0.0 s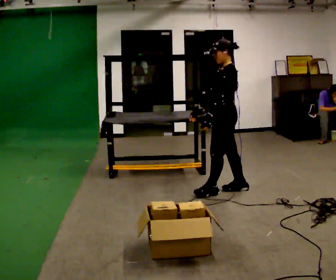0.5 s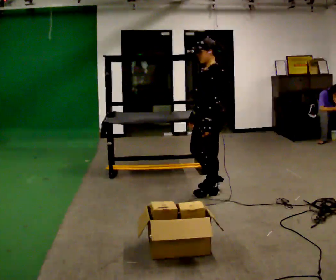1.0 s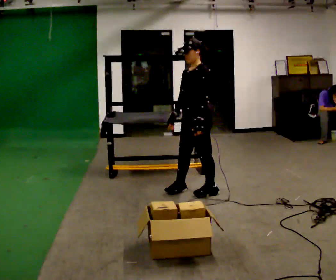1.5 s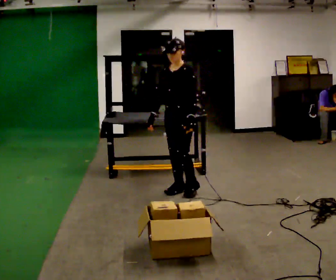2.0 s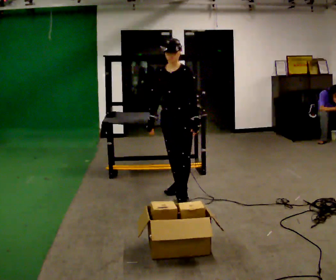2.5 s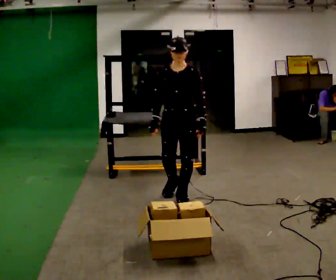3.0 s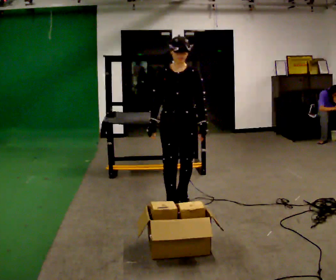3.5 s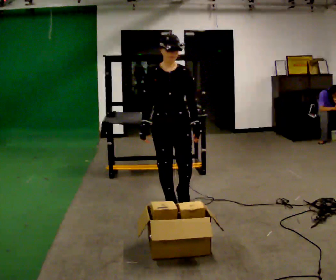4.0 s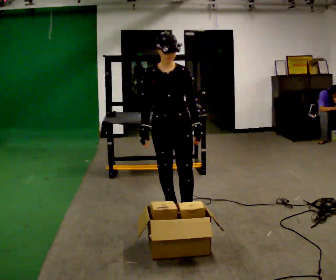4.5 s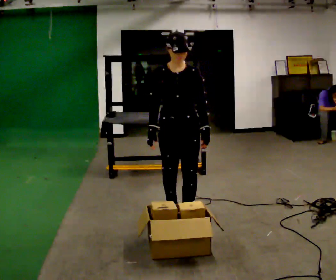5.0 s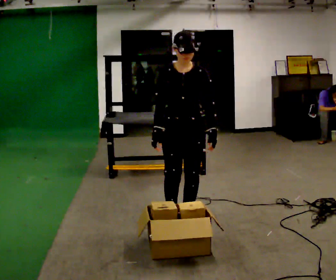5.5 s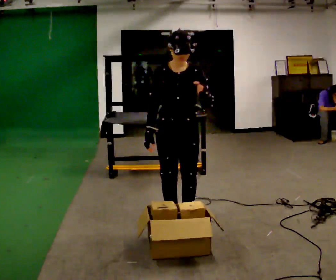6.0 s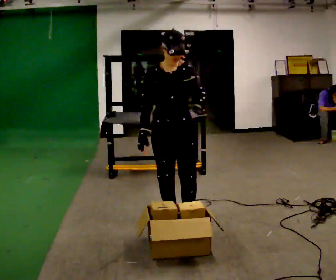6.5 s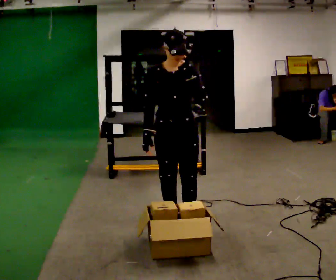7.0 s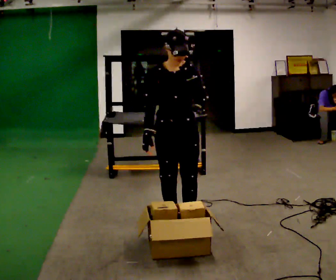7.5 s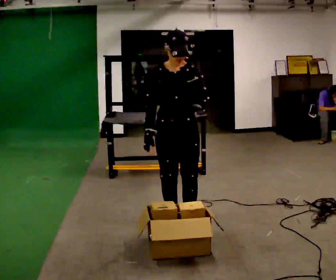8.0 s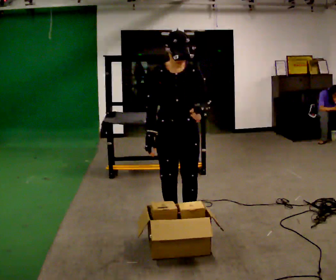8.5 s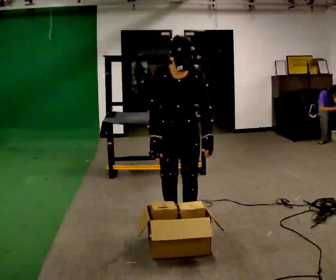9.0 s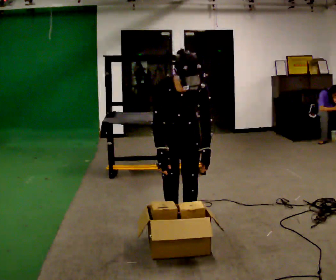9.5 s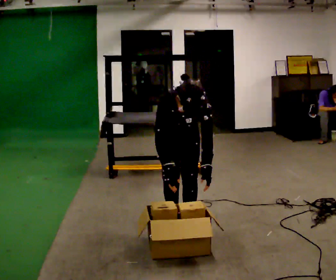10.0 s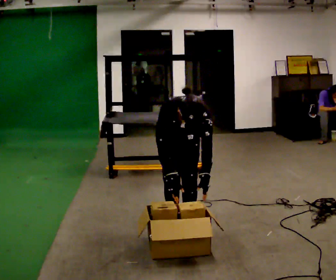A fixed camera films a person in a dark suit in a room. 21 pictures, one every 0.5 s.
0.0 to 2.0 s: The person turns about 75 degrees to their left, counterclockwise seen from above, so the part of the body nearest the lens slides to the right. In the picture they go to the left, about 0.5 m in 2 steps.
2.0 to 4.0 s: In the picture they go toward the camera, about 0.5 m in 2 steps, which for them is forward.
4.0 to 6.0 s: In the picture they go toward the camera, about 0.25 m in 1 step, which for them is forward. In the picture their left hand goes upward.
6.0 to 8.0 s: The person moves a little, or ends about where they began.
8.0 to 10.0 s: The shoulders move downward. The upper body tips toward the camera, its near side rolling downward, as they bend forward. In the picture their left hand goes downward.
The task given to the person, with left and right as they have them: Reach down into the deep bin on the floor, take out one object at a time, carry it to the shelf, and come back for the next one. Keep going until the operator says stop; one object at a time, and do not rush between trips.
The film runs forward here.
